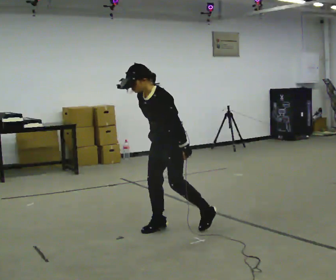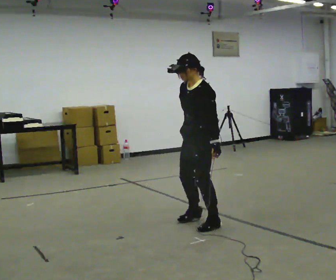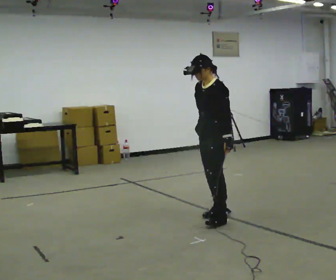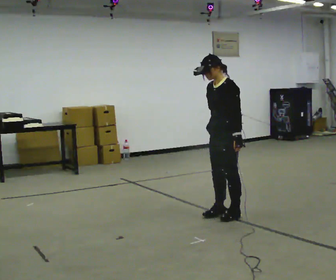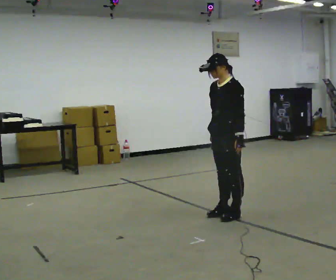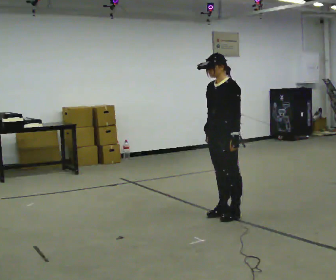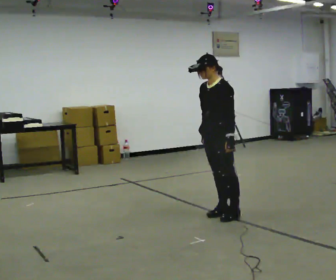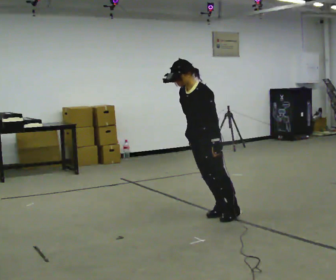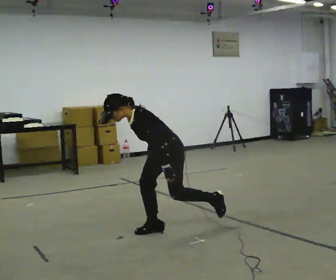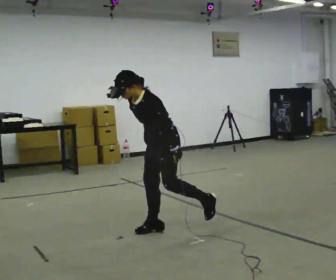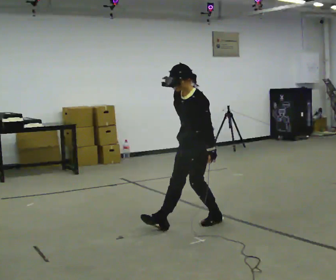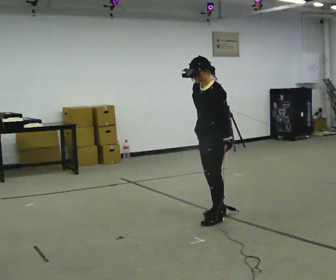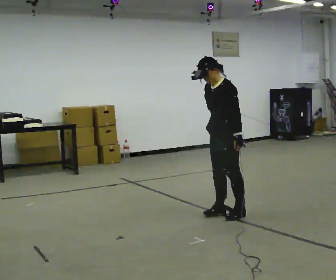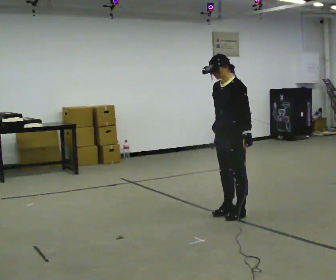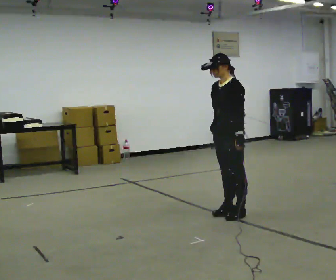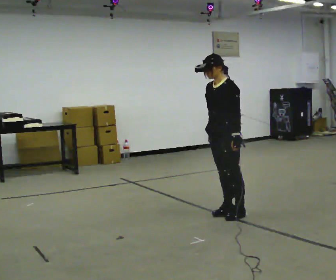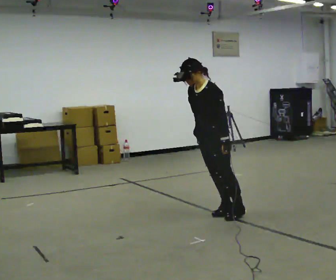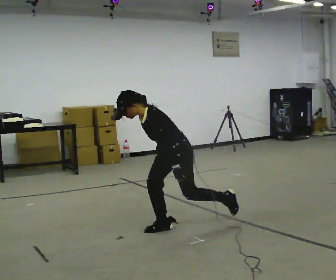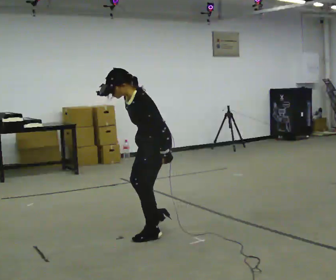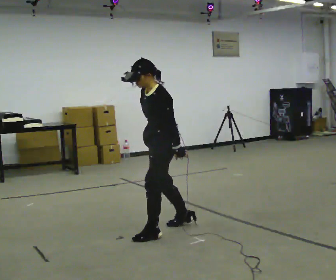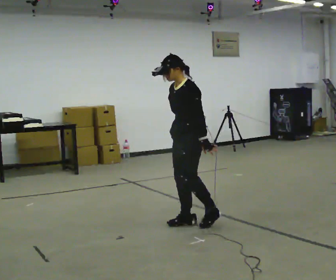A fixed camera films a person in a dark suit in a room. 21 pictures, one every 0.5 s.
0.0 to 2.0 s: In the picture they go to the right and away from the camera, about 0.75 m in 2 steps, which for them is backward. The upper body tips away from the camera, its near side rolling upward, as they lean back or straighten.
2.0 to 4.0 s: In the picture they go to the left and toward the camera, about 0.75 m in 1 step, which for them is forward. The upper body goes downward. In the picture the upper body tilts counterclockwise, shoulders to the left, as they bend forward.
4.0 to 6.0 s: In the picture they go to the right and away from the camera, about 0.75 m in 3 steps, which for them is backward. The shoulders move upward. In the picture the upper body tilts clockwise, shoulders to the right, as they lean back or straighten.
6.0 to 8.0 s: In the picture they go toward the camera, about 0.25 m, which for them is forward.
8.0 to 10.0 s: In the picture they go to the left, about 0.25 m in 3 steps, which for them is forward.
The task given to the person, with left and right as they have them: Stand on the marked spots with your feet together. Lean forward from the ankles, keeping your body straight, until you cannot hold it any longer, then step forward to catch yourself. Return to the spots. Repeat at your own pace until the operator says stop. Go slowly and only as far as you are comfortable. Step whenever you need to; do not try to hold on longer than feels safe.
The film runs forward here.
